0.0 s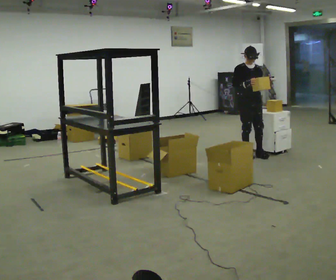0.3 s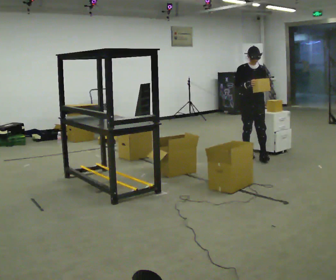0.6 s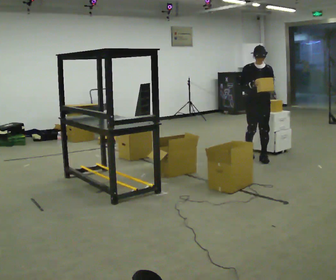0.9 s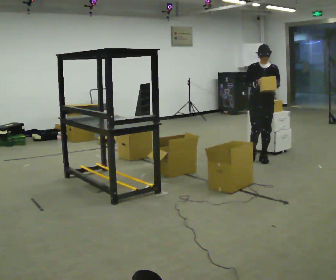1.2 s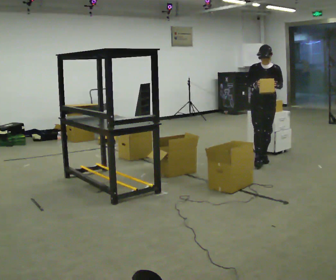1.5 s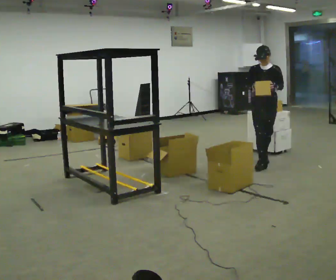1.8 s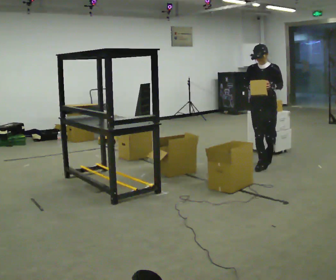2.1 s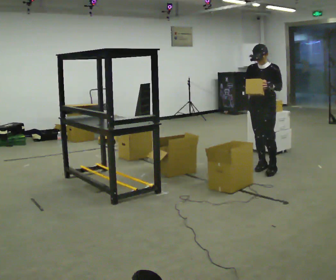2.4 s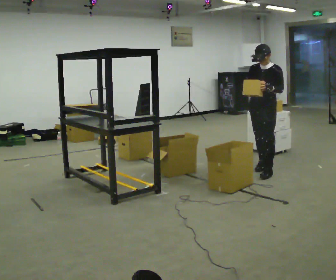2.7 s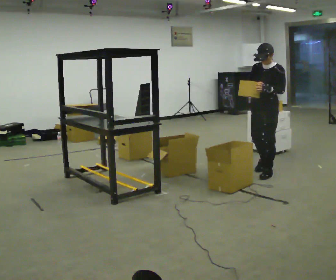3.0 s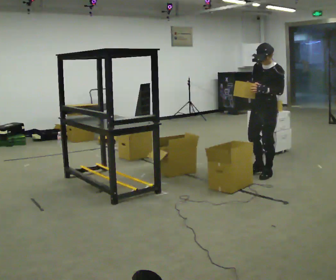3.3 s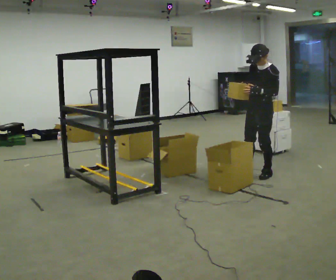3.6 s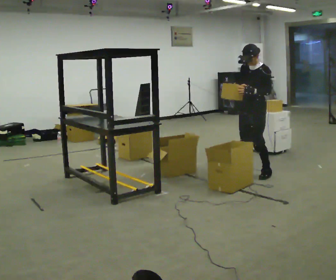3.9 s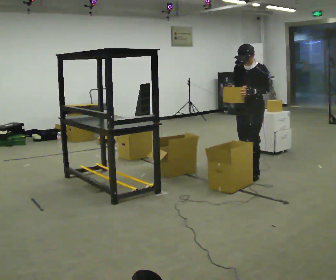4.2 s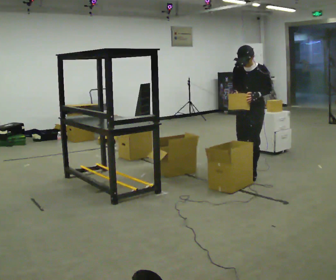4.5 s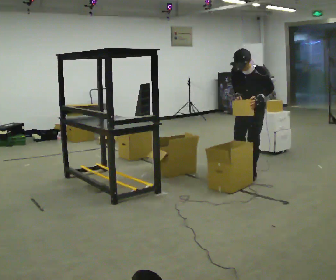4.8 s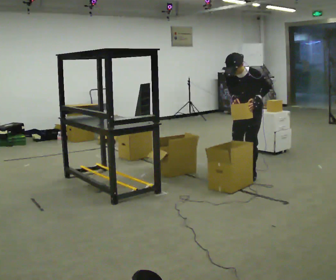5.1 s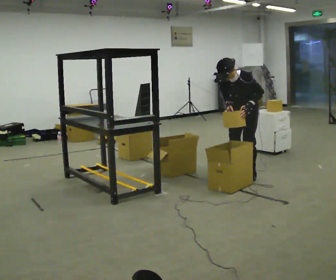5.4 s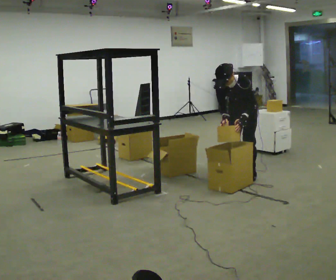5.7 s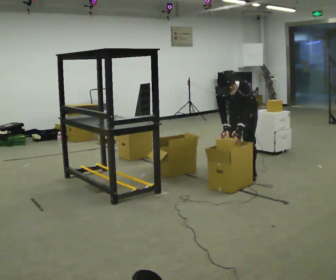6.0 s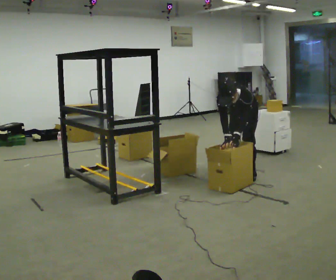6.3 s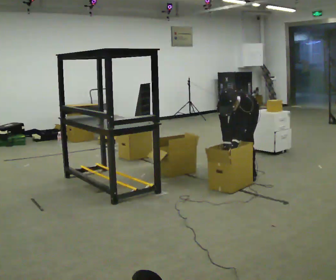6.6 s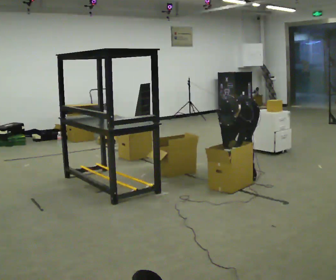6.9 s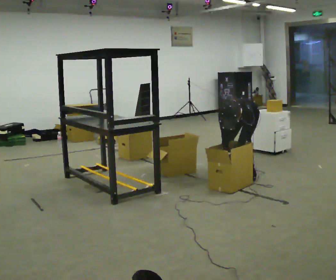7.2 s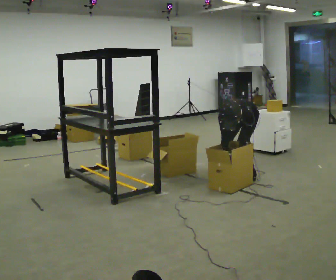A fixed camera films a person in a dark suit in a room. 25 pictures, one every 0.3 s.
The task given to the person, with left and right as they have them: 1. Take the objects out of the box on the table one at a time. 2. Put each one in the bin the operator has labelled for it. 3. Tell the operator when you are finished.
0.0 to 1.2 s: Seen from above the body turns clockwise, about 30 degrees: to their right, with its near side sliding to the left. In the picture they go toward the camera and to the right, about 0.25 m in 1 step, which for them is forward and to their left.
1.2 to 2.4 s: The person turns about 30 degrees to their right, clockwise seen from above, so the part of the body nearest the lens slides to the left. In the picture they go toward the camera, about 0.5 m in 2 steps, which for them is forward.
2.4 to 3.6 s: The person moves a little, or ends about where they began.
3.6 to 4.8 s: The upper body tips toward the camera, its near side rolling downward, as they bend forward.
4.8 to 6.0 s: The shoulders move downward. The upper body tips toward the camera, its near side rolling downward, as they bend forward. In the picture their left hand goes downward.
6.0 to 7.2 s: The shoulders move downward. The upper body tips toward the camera, its near side rolling downward, as they bend forward.
The film runs forward here.
